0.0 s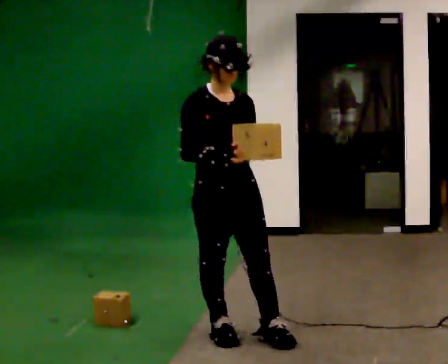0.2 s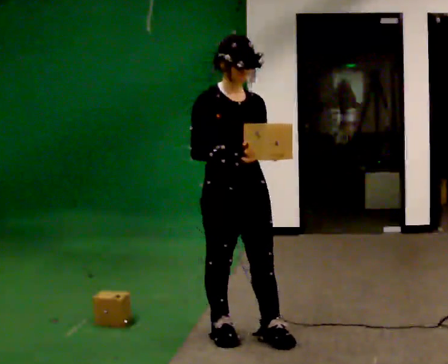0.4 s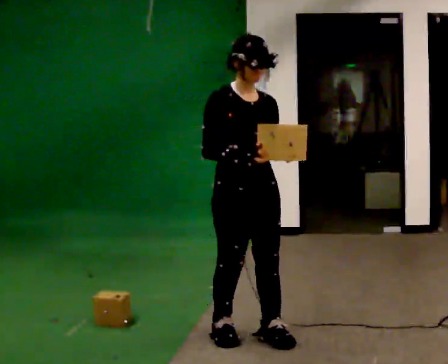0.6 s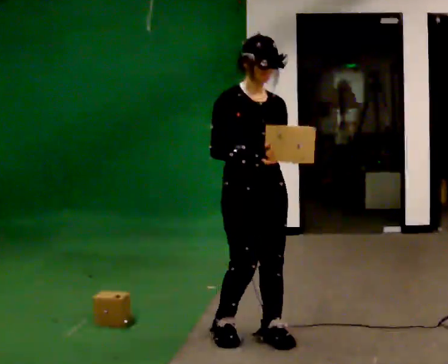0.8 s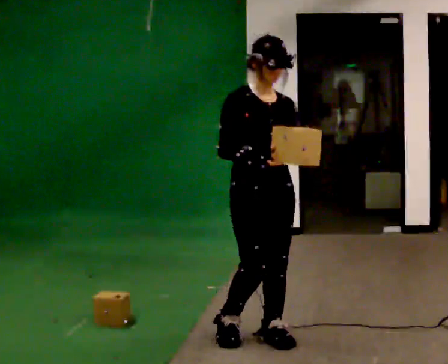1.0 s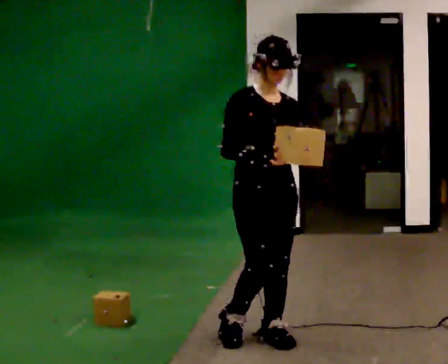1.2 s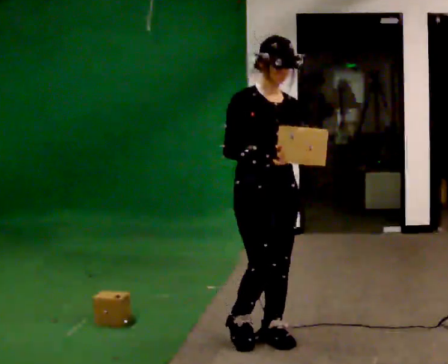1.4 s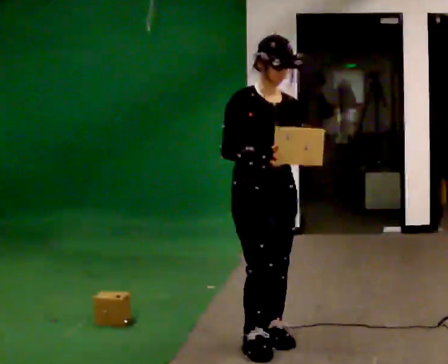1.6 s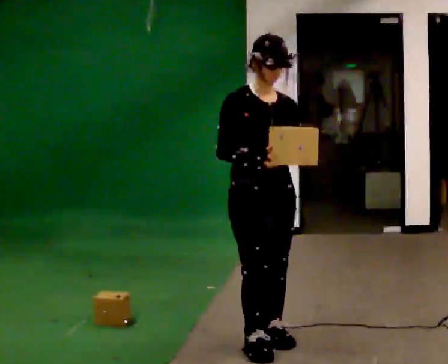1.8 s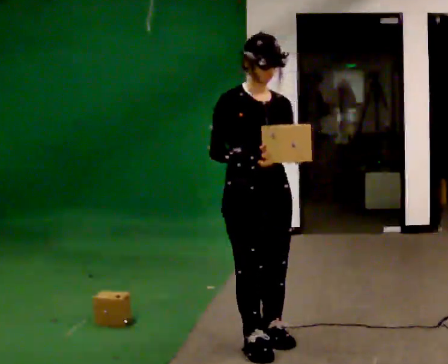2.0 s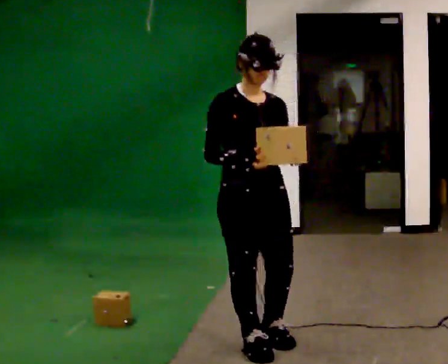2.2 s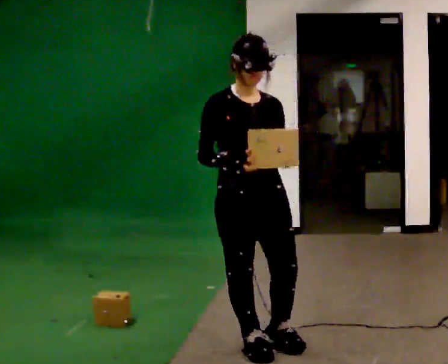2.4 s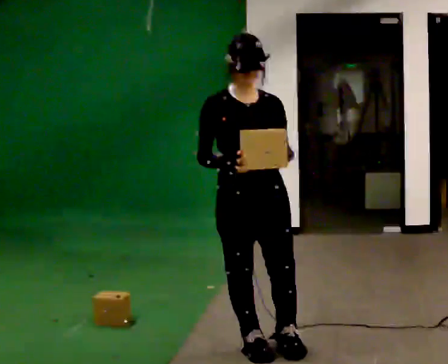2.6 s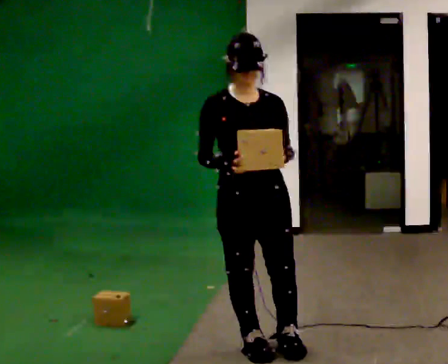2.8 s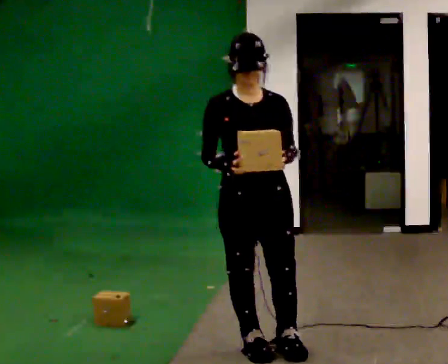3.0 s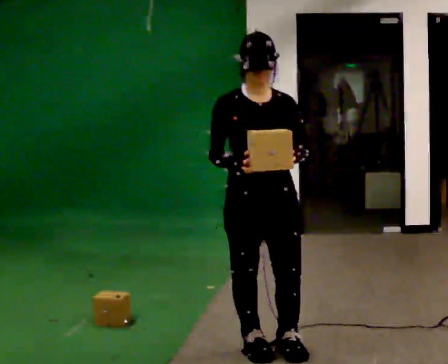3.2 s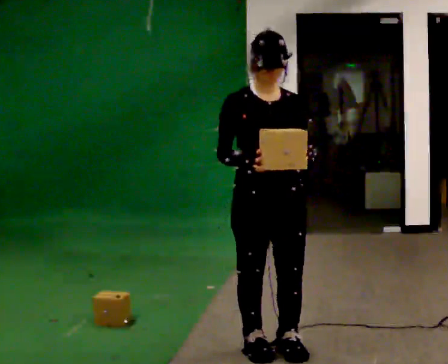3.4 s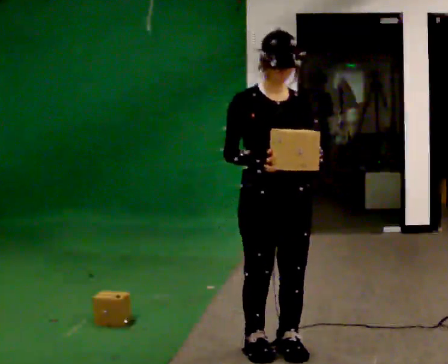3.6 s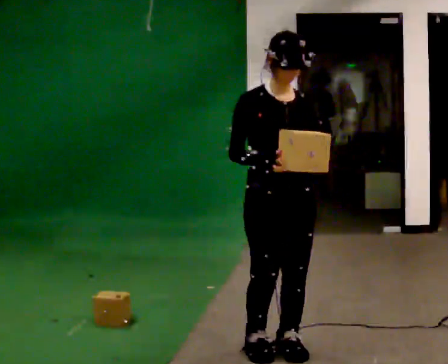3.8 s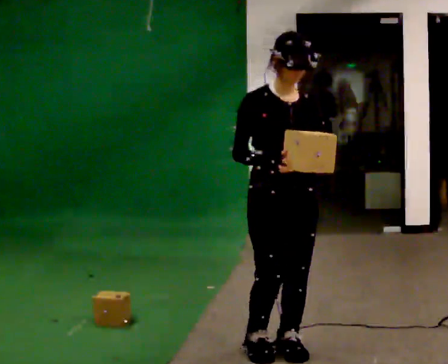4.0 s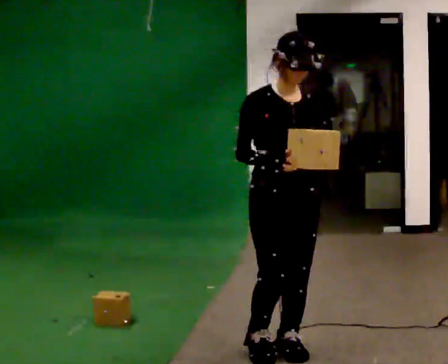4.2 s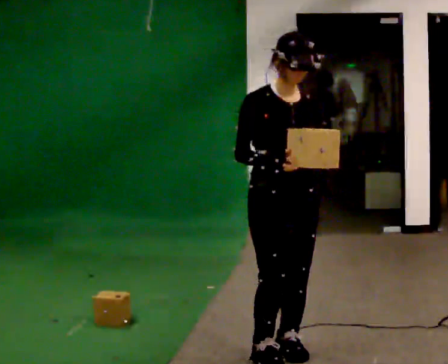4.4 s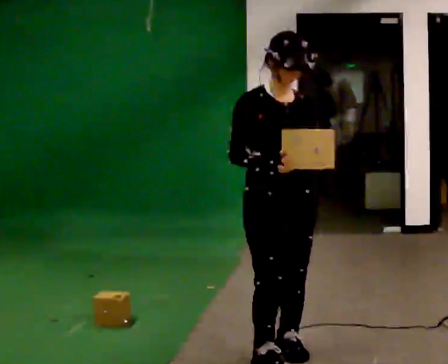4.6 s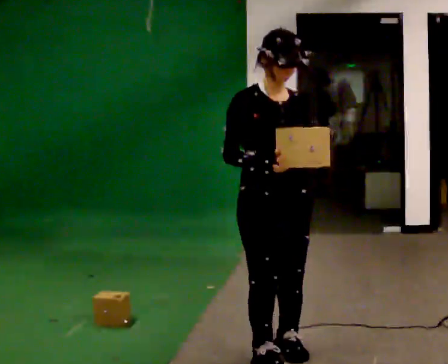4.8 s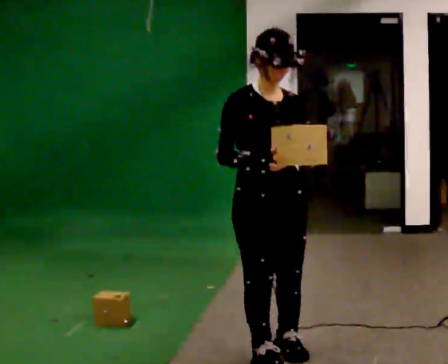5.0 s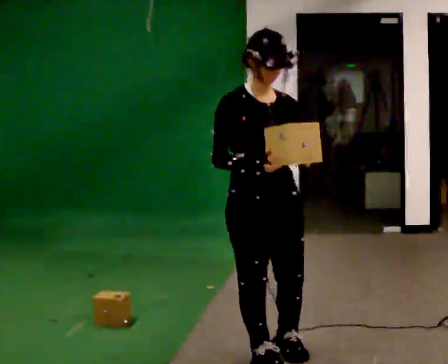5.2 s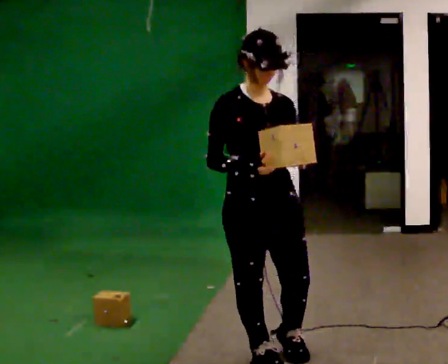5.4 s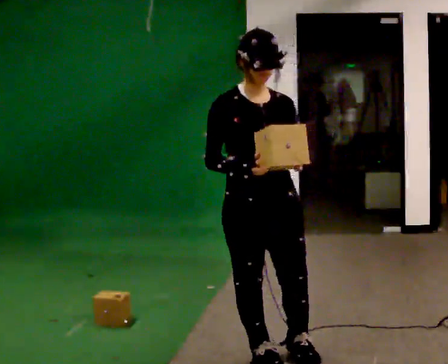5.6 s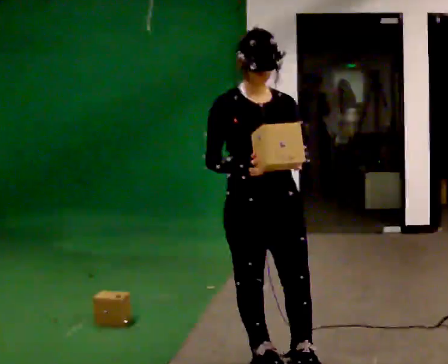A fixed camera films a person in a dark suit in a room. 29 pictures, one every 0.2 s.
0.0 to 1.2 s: In the picture they go to the right, about 0.25 m, which for them is forward and to their left.
1.2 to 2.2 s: In the picture they go toward the camera, about 0.25 m in 1 step, which for them is to their right.
2.2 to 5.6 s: In the picture they go toward the camera, about 0.25 m in 2 steps, which for them is forward.
The film runs forward here.
